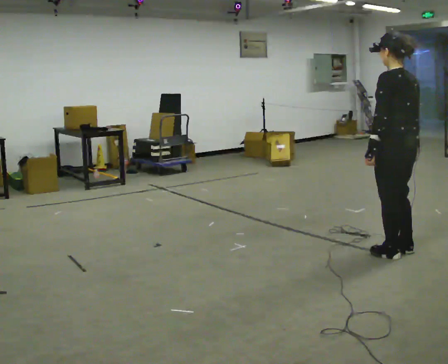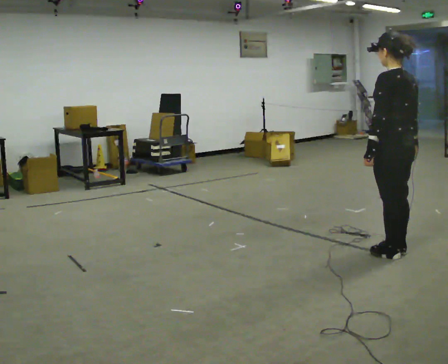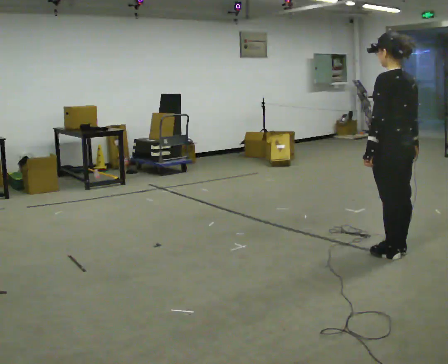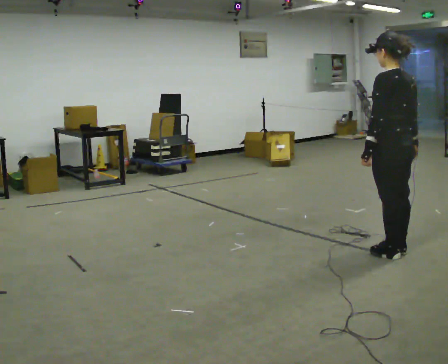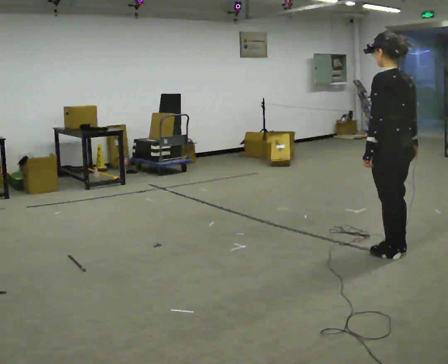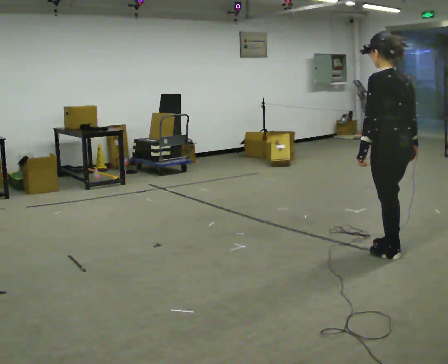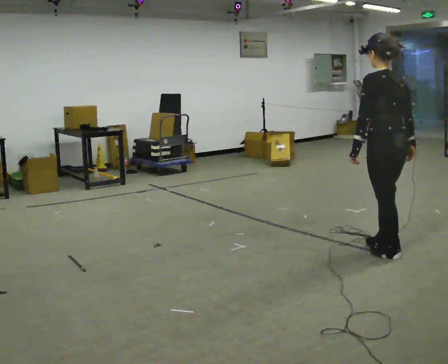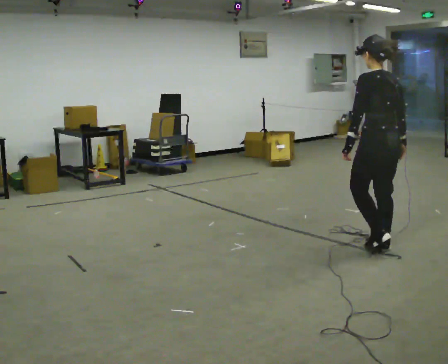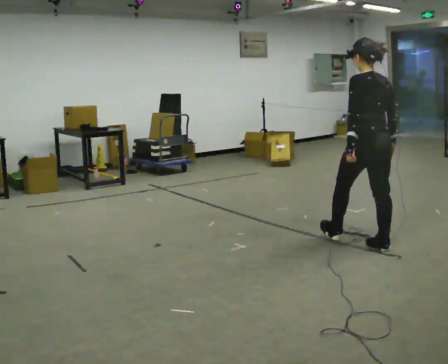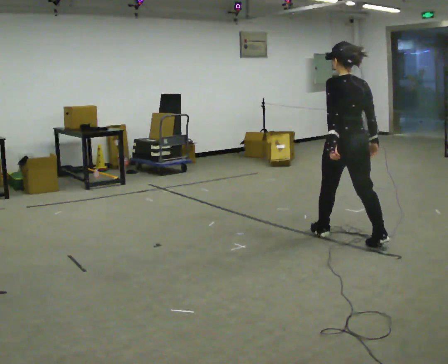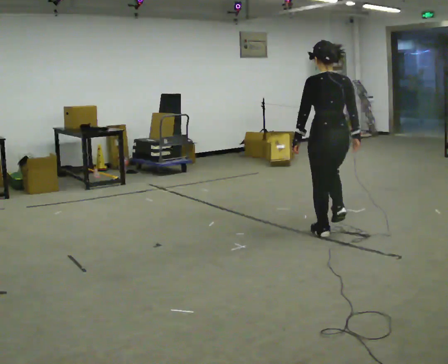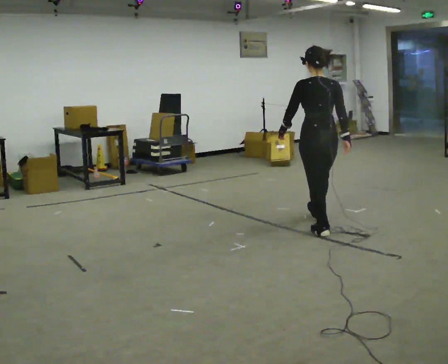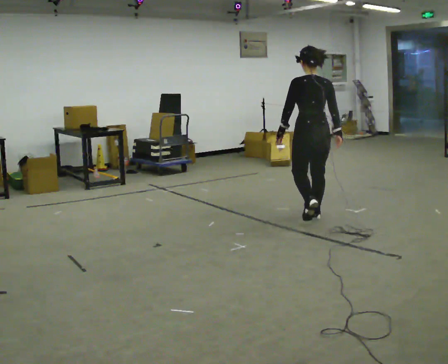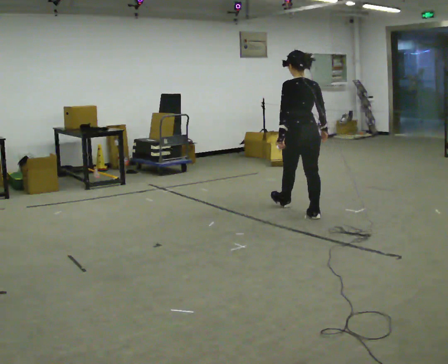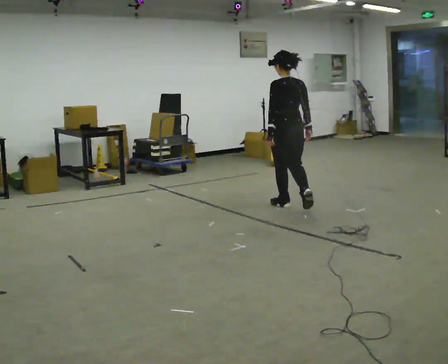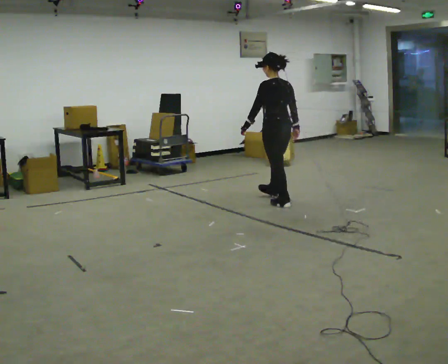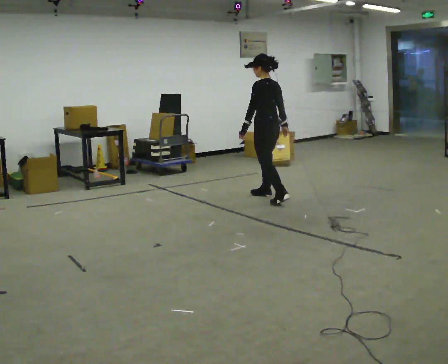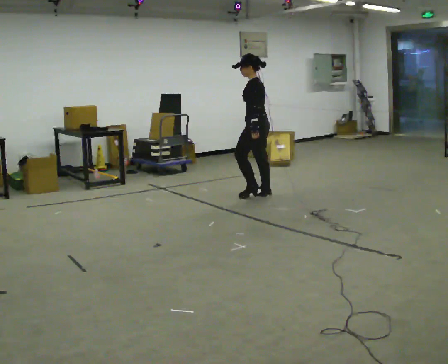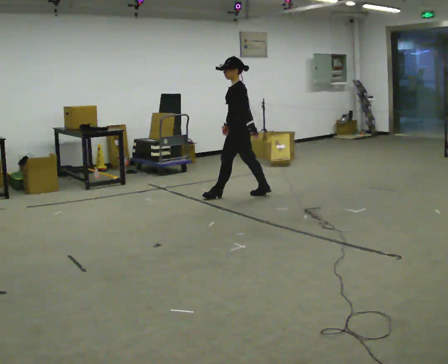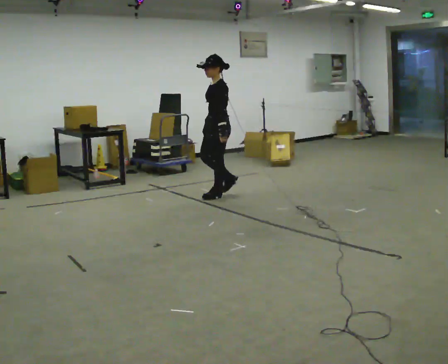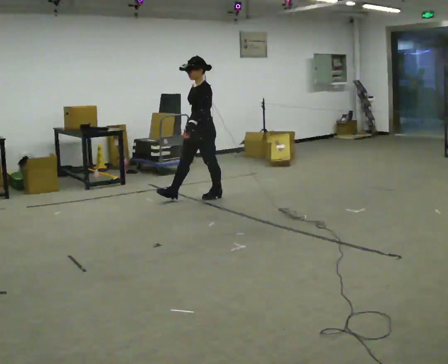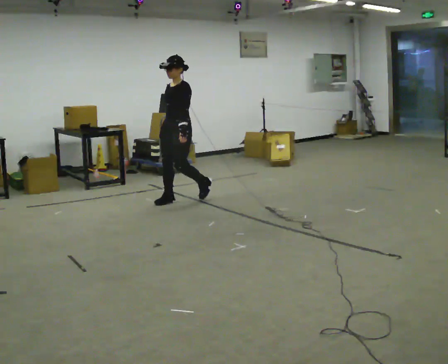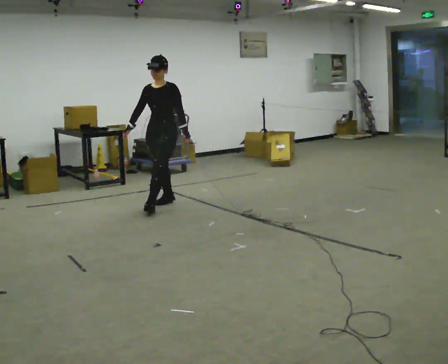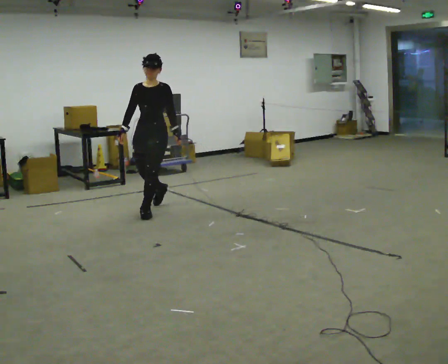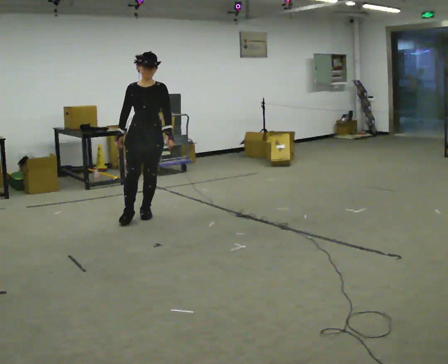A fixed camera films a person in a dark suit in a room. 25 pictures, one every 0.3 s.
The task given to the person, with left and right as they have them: Walk straight; turn around and walk back; use wide or tight turn.
0.0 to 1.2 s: The person moves a little, or ends about where they began.
1.2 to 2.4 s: In the picture they go away from the camera, about 0.25 m in 1 step, which for them is forward.
2.4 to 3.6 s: In the picture they go away from the camera and to the left, about 1 m in 2 steps, which for them is forward.
3.6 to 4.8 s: The person turns about 45 degrees to their left, counterclockwise seen from above, so the part of the body nearest the lens slides to the right. In the picture they go away from the camera and to the left, about 1 m in 2 steps, which for them is forward.
4.8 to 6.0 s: The part of the body nearest the lens slides to the right as the person turns to their left by about 75 degrees. In the picture they go to the left, about 0.5 m in 1 step.
6.0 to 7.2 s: Seen from above the body turns counterclockwise, about 60 degrees: to their left, with its near side sliding to the right. In the picture they go toward the camera and to the left, about 1 m in 2 steps.
The film runs forward here.
